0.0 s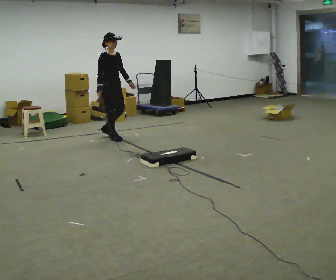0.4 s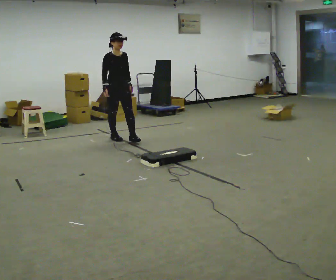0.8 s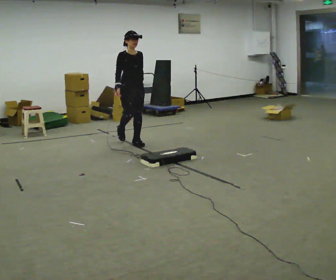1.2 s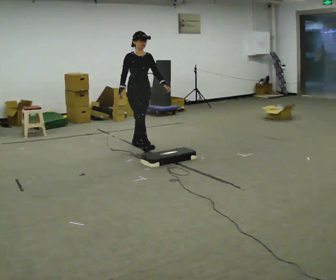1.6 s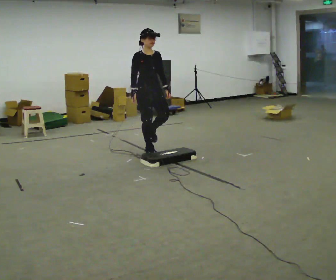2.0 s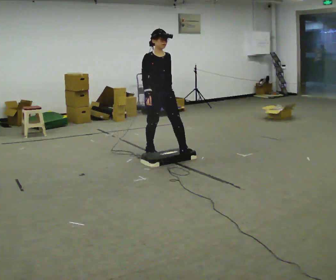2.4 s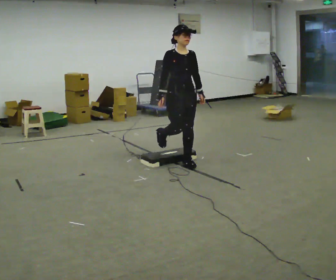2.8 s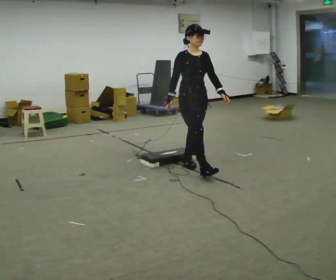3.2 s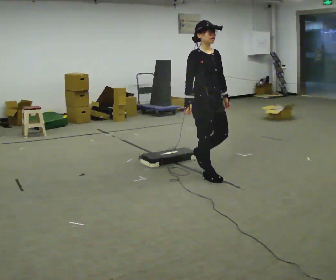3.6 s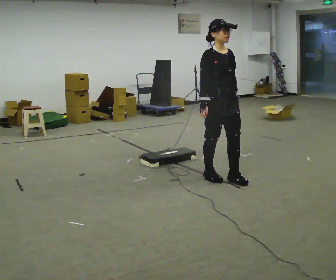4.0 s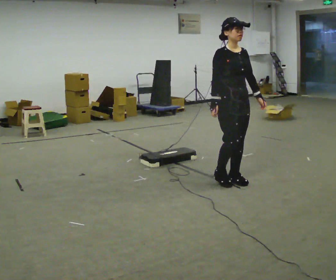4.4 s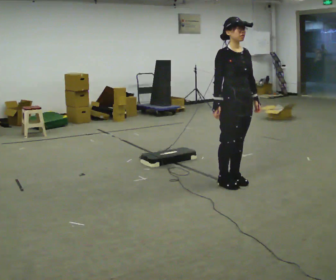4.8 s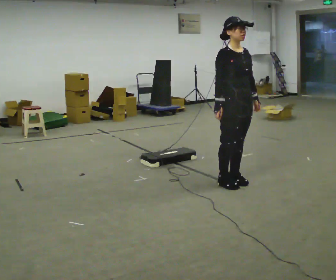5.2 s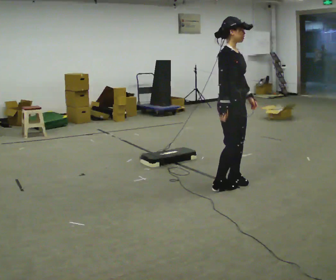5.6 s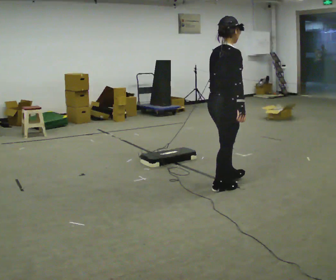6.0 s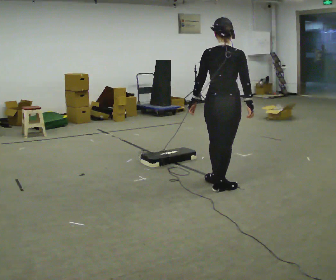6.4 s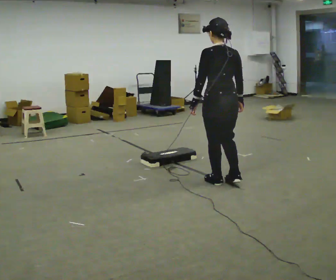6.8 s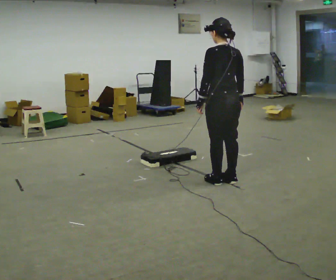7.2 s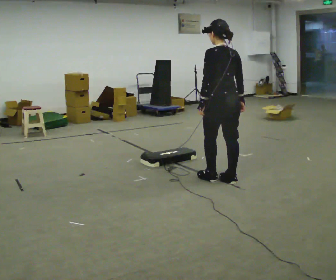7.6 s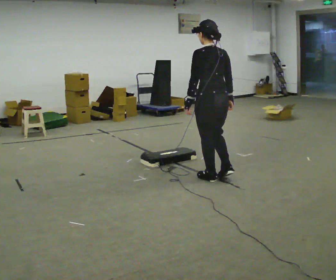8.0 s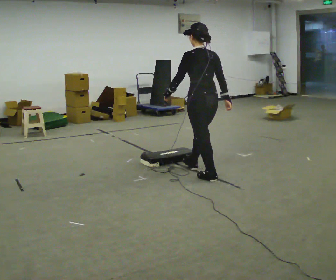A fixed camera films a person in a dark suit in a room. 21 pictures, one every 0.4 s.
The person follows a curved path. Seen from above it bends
clockwise.
0.0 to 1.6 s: In the picture they go to the right and toward the camera, about 1 m in 2 steps, which for them is forward.
1.6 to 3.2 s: In the picture they go toward the camera and to the right, about 1 m in 2 steps, which for them is forward.
3.2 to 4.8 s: In the picture they go to the right and toward the camera, about 0.25 m in 2 steps, which for them is forward.
4.8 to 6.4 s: Seen from above the body turns counterclockwise, about 165 degrees: to their left, with its near side sliding to the right. In the picture their left hand goes to the left, the arm swinging clockwise.
6.4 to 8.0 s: In the picture they go away from the camera and to the left, about 0.25 m in 1 step, which for them is forward.
The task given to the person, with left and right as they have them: Walk toward low obstacle; step over without stopping; continue.
The film runs forward here.
